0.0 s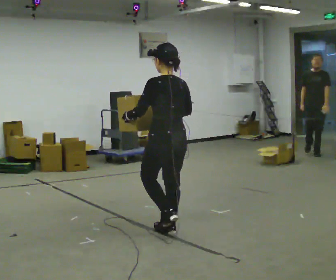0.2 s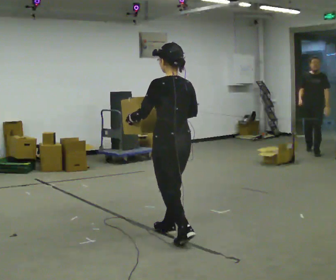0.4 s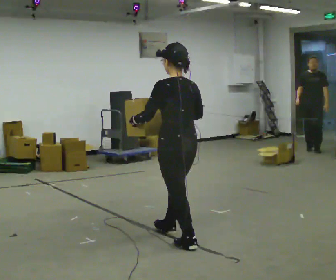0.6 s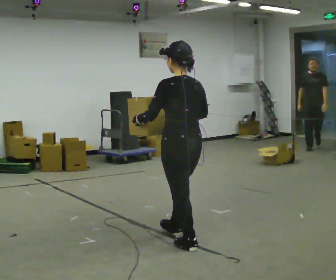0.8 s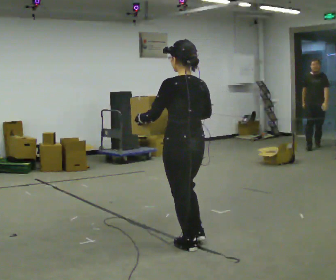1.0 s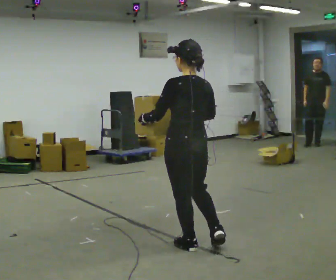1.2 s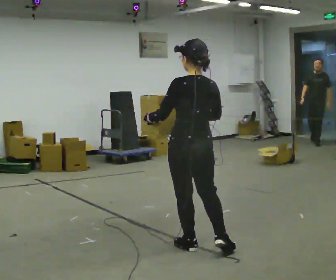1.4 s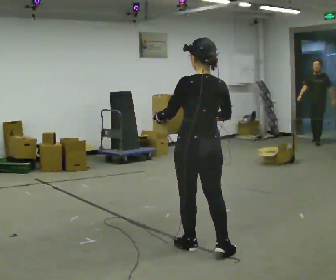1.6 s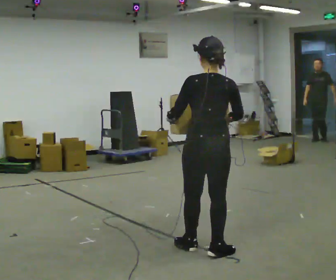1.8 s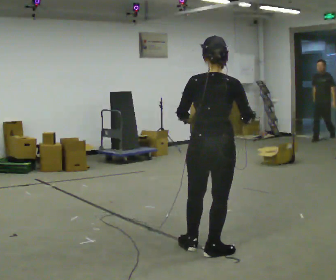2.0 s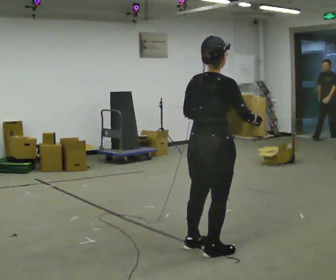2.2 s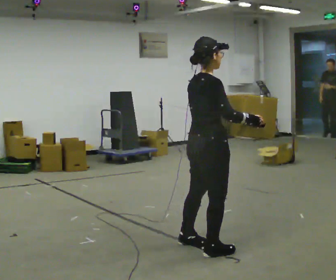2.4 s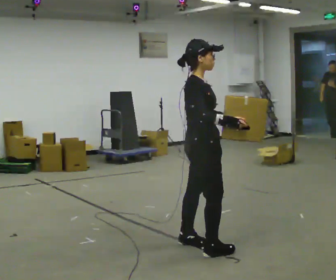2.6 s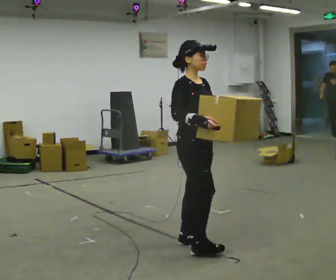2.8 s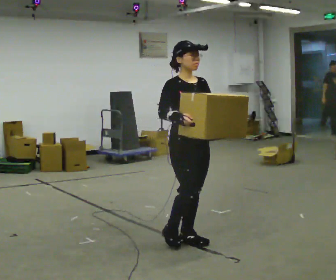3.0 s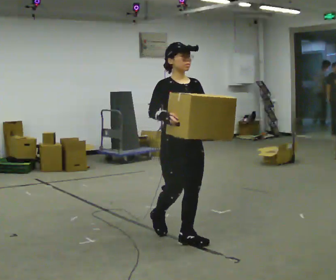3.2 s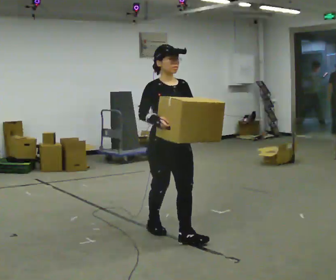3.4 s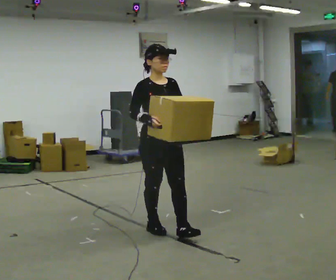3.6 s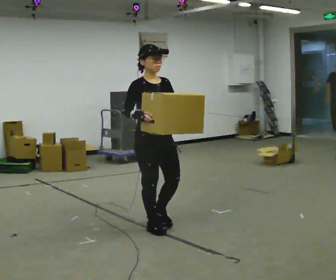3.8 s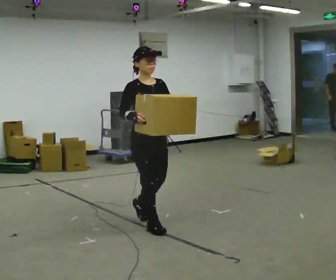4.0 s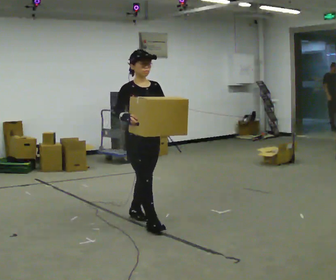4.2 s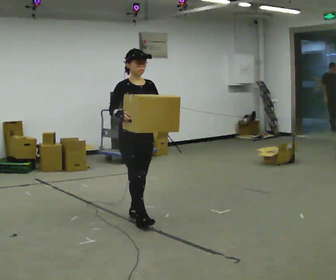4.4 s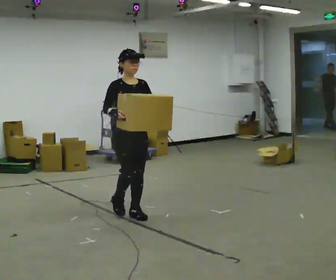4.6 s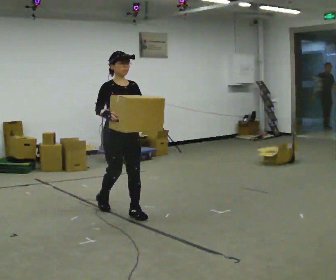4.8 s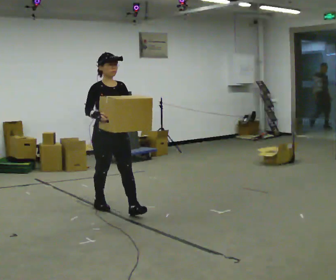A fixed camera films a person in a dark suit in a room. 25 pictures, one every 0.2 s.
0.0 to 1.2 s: In the picture they go toward the camera and to the right, about 0.5 m in 1 step, which for them is backward.
1.2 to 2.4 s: The part of the body nearest the lens slides to the left as the person turns to their right by about 105 degrees.
2.4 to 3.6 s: The part of the body nearest the lens slides to the left as the person turns to their right by about 60 degrees. In the picture they go away from the camera and to the left, about 0.5 m in 2 steps.
3.6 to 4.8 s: In the picture they go away from the camera and to the left, about 1 m in 1 step, which for them is backward.
The film runs backward here.
